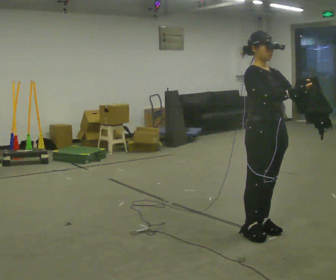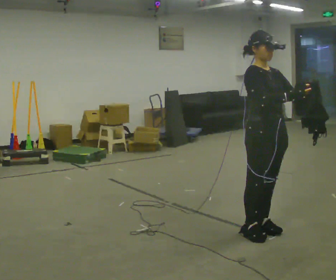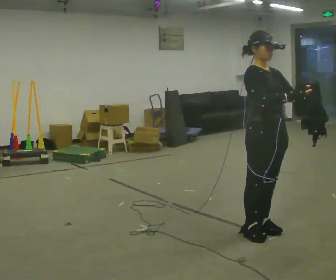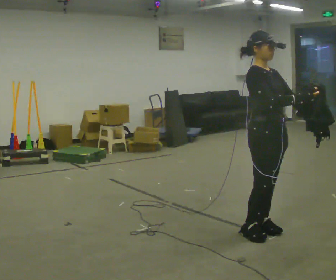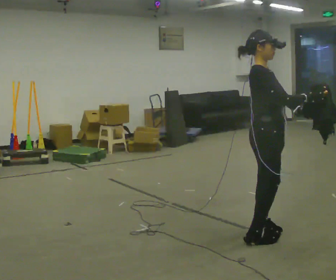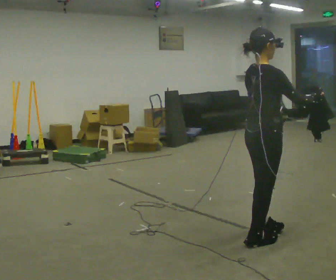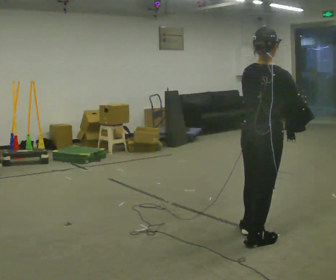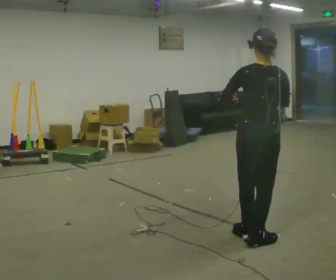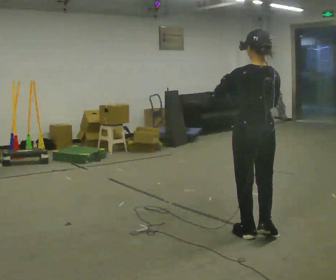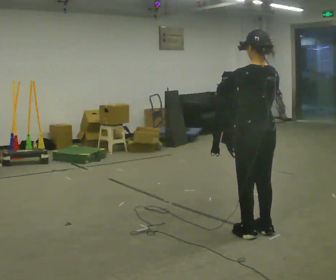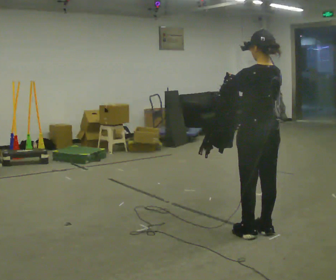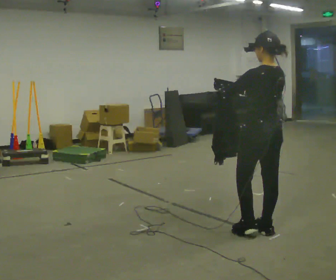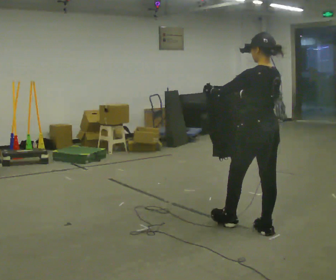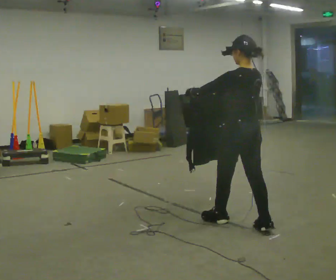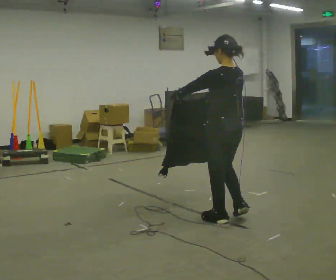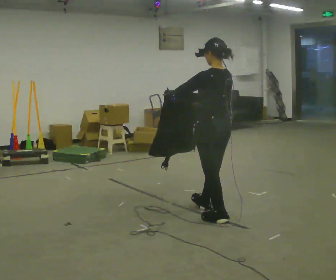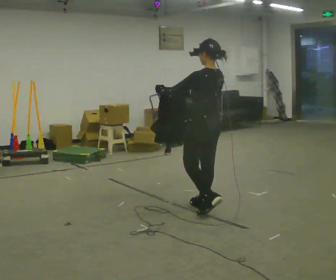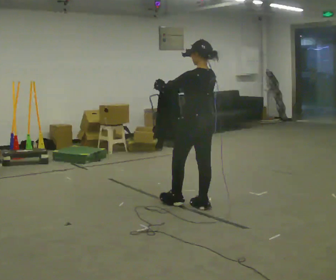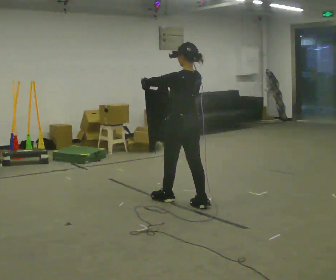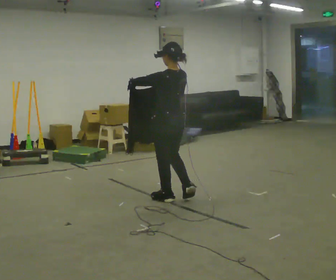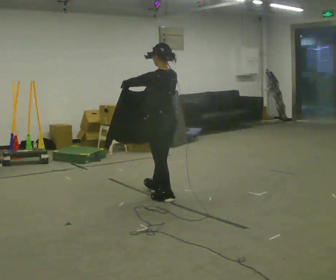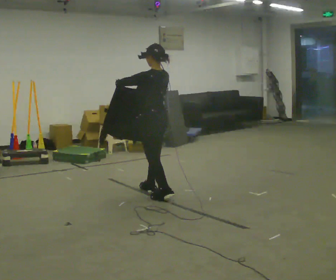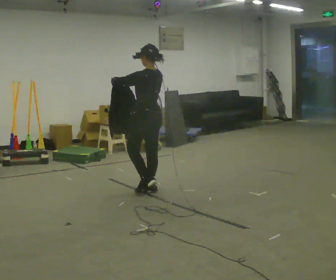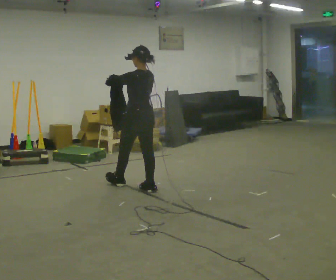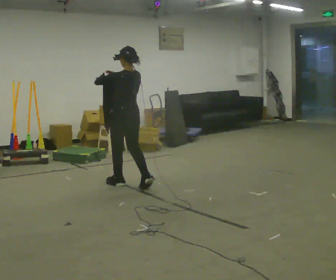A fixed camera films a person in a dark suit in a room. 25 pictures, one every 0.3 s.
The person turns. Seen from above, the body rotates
counterclockwise.
The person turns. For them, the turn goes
to their left.
0.0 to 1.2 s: The part of the body nearest the lens slides to the right as the person turns to their left by about 30 degrees.
1.2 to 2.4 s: The person turns about 120 degrees to their left, counterclockwise seen from above, so the part of the body nearest the lens slides to the right. In the picture their left hand goes to the left.
2.4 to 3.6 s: In the picture they go away from the camera, about 0.25 m in 1 step, which for them is forward.
3.6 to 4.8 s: In the picture they go to the left and away from the camera, about 0.5 m in 2 steps, which for them is forward.
4.8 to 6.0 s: In the picture they go to the left and away from the camera, about 0.5 m in 1 step, which for them is forward.
6.0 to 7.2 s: In the picture they go to the left and away from the camera, about 0.75 m in 2 steps, which for them is forward.
The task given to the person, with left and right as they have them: Carry the cloth and, while walking, fold it in half, then unfold it. Keep repeating as you walk. Do not stop.
The film runs forward here.
